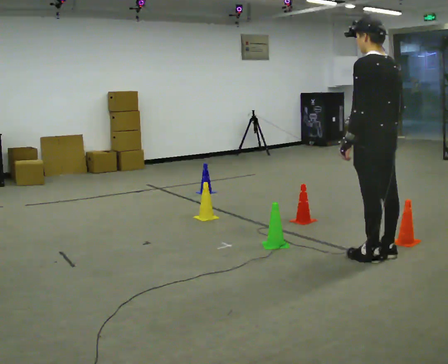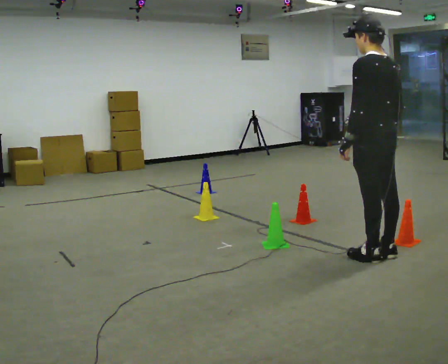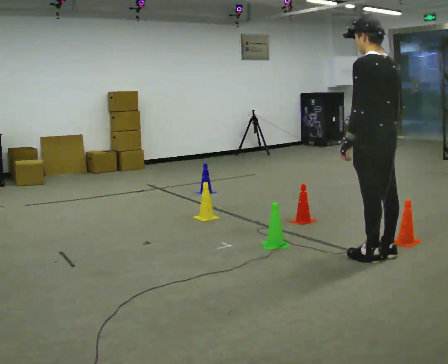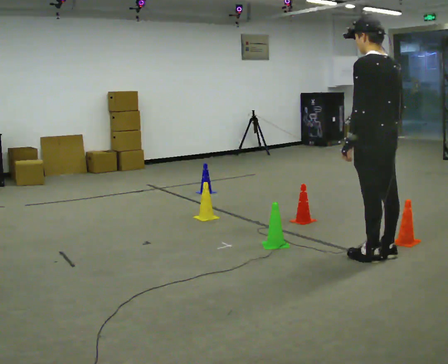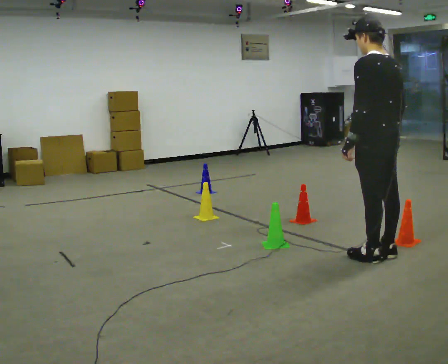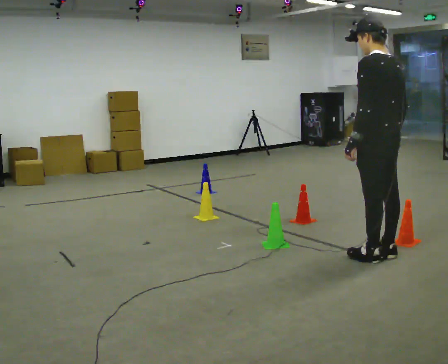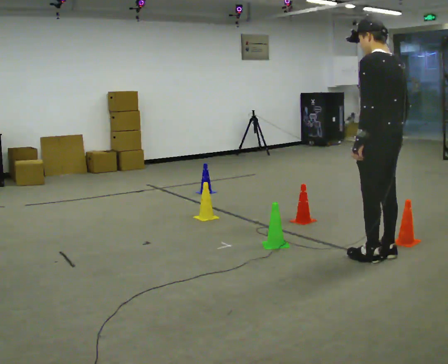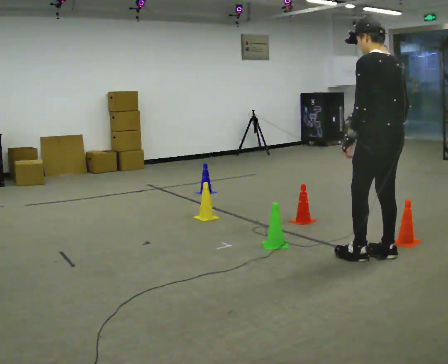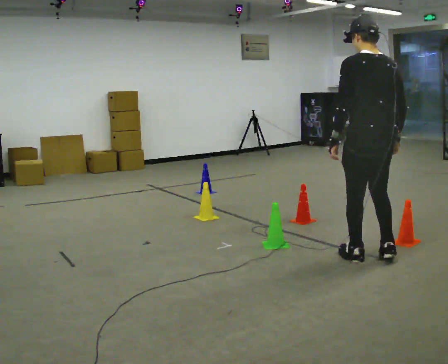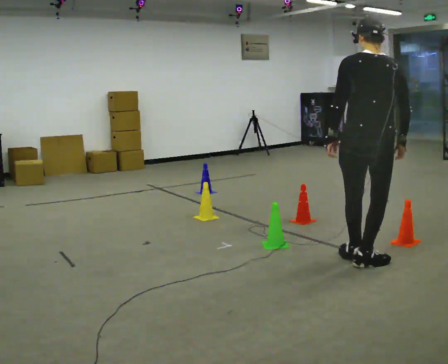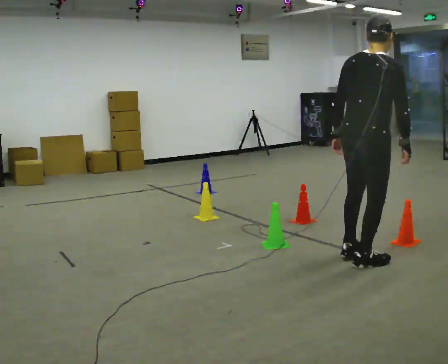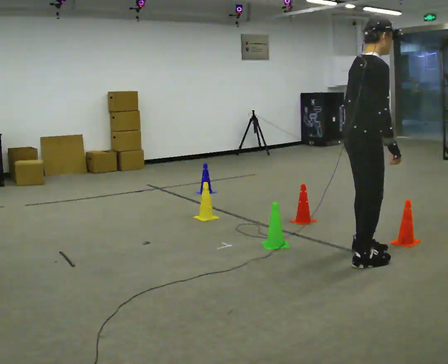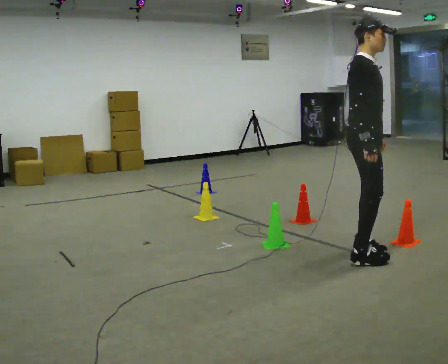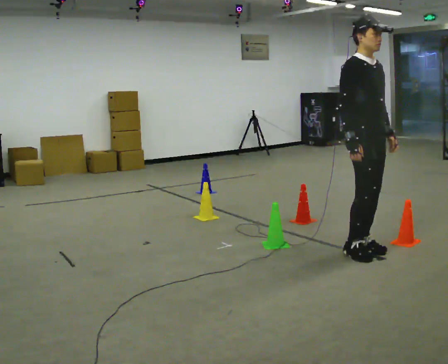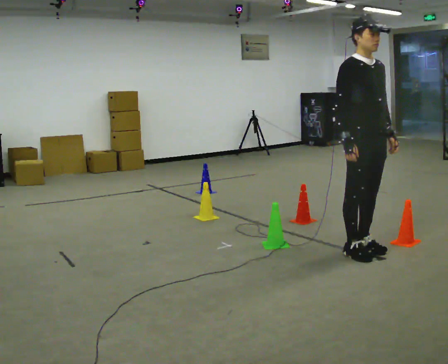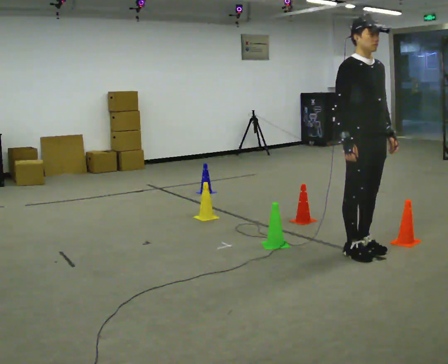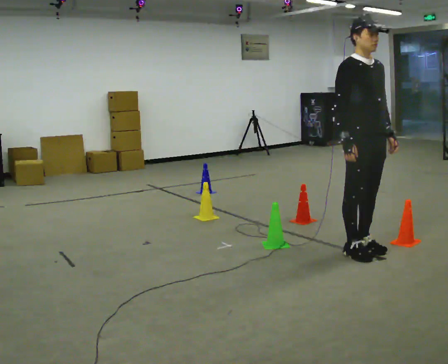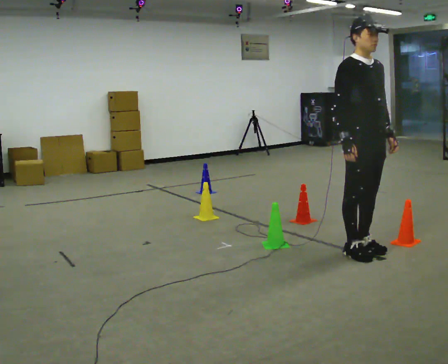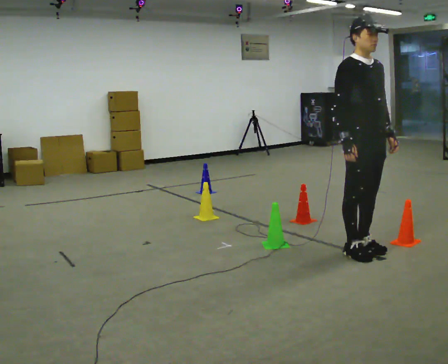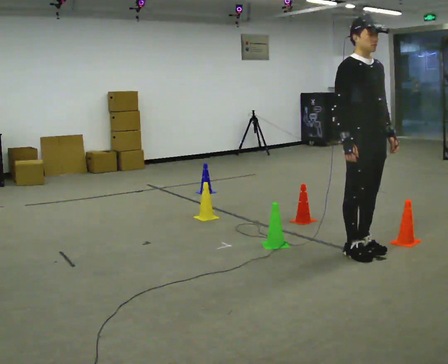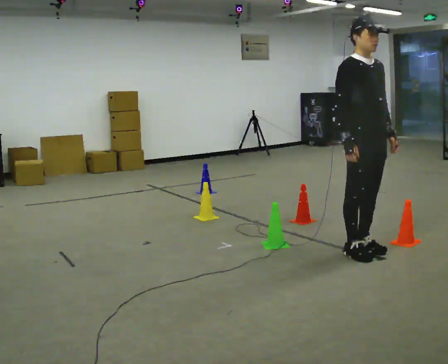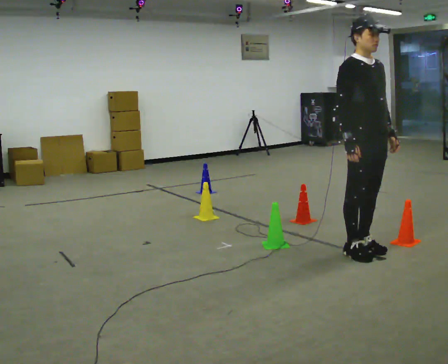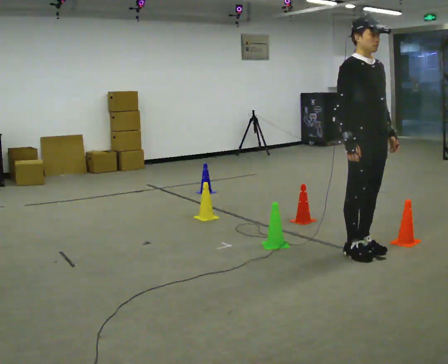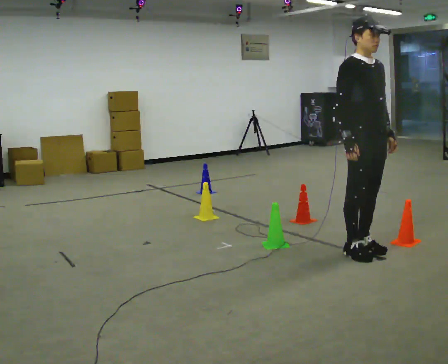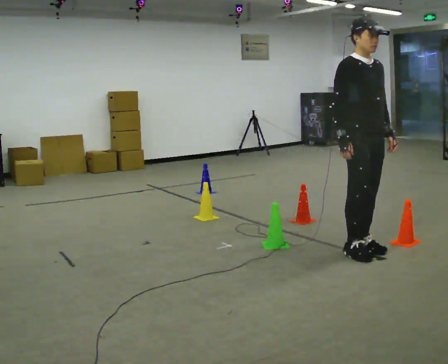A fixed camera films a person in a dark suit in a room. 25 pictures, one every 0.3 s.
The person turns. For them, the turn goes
to their right.
The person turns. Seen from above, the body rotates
clockwise.
0.0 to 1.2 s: The person keeps their place and pose.
1.2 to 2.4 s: The person moves a little, or ends about where they began.
2.4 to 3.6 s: Seen from above the body turns clockwise, about 120 degrees: to their right, with its near side sliding to the left.
3.6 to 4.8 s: The part of the body nearest the lens slides to the left as the person turns to their right by about 45 degrees.
4.8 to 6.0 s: The person keeps their place and pose.
6.0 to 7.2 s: The person moves a little, or ends about where they began.
The film runs backward here.
